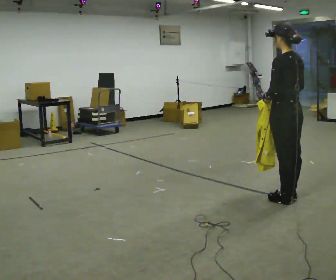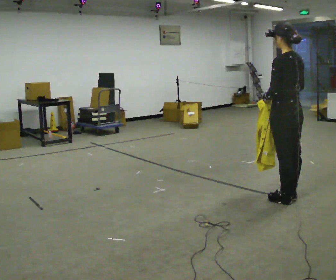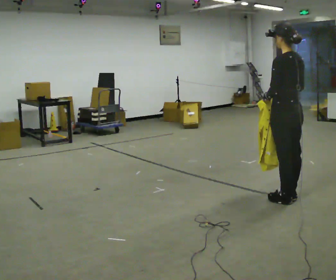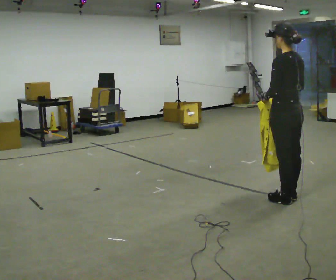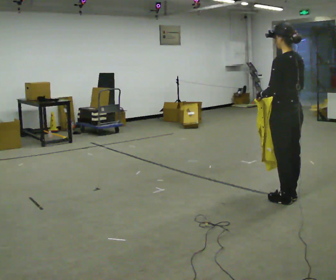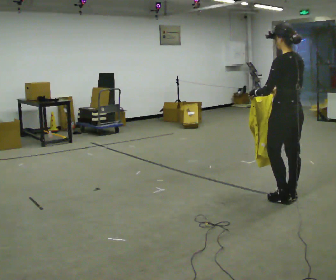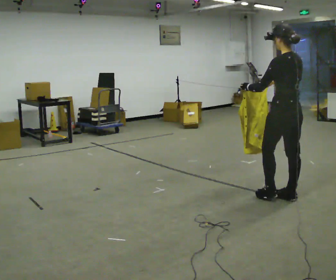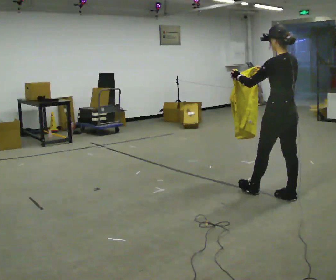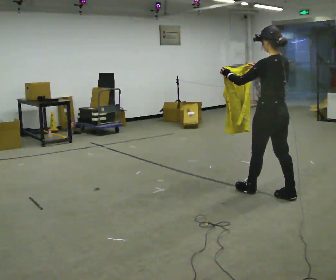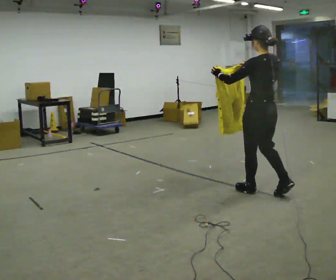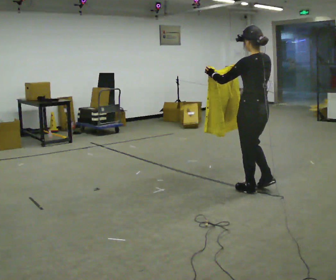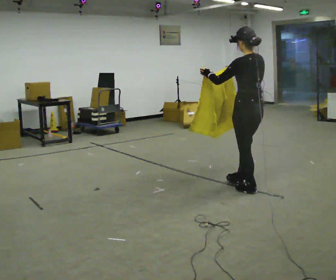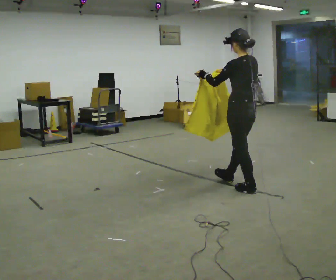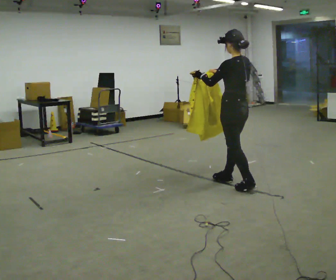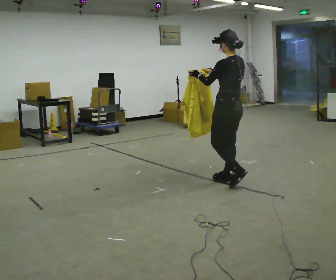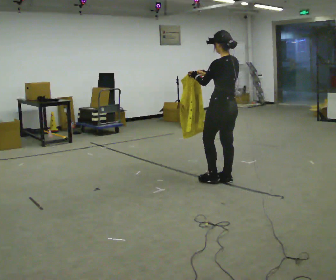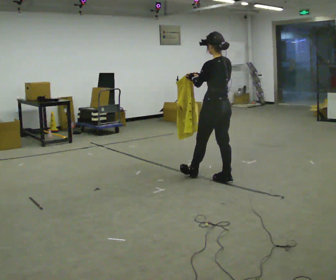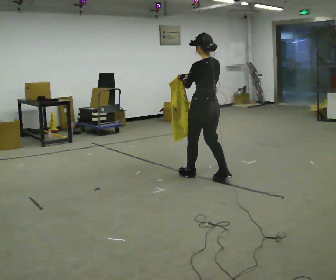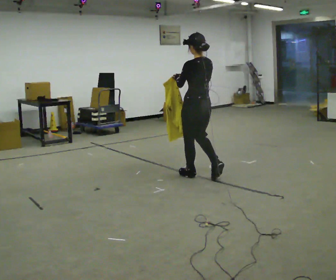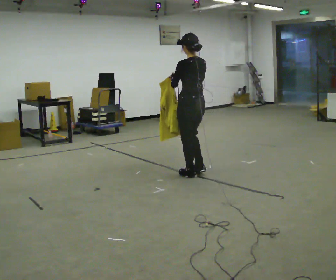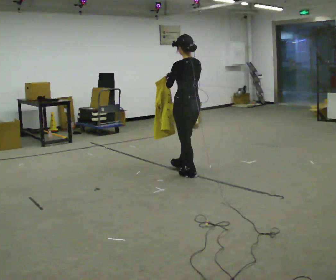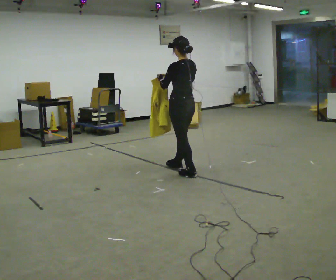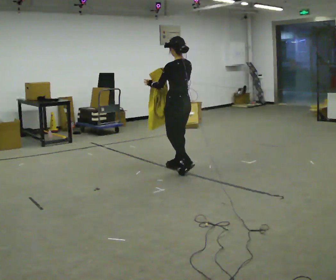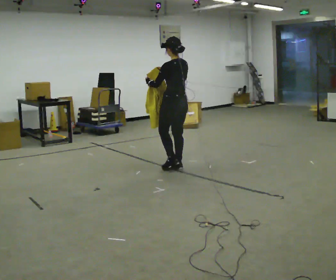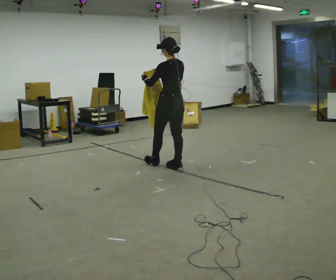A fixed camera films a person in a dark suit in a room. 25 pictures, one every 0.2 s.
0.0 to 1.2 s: The person moves a little, or ends about where they began.
1.2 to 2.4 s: In the picture they go to the left and away from the camera, about 0.5 m in 2 steps, which for them is forward.
2.4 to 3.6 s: In the picture they go to the left and away from the camera, about 0.75 m in 1 step, which for them is forward.
3.6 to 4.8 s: In the picture they go to the left and away from the camera, about 0.5 m in 1 step, which for them is forward.
The film runs forward here.
